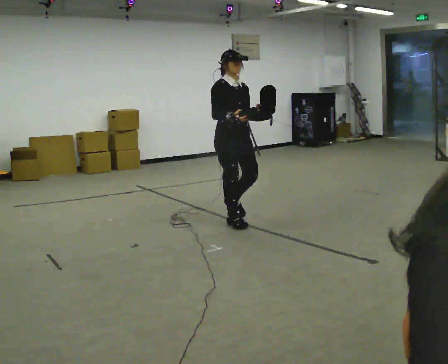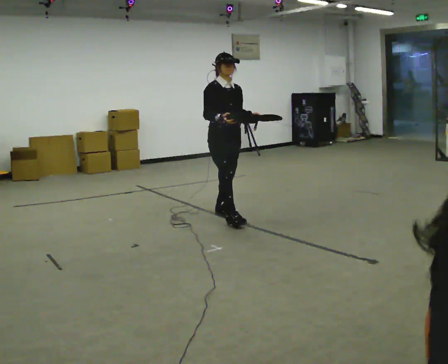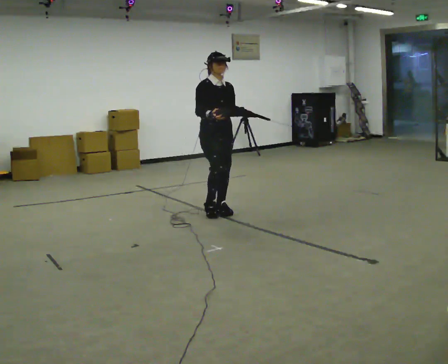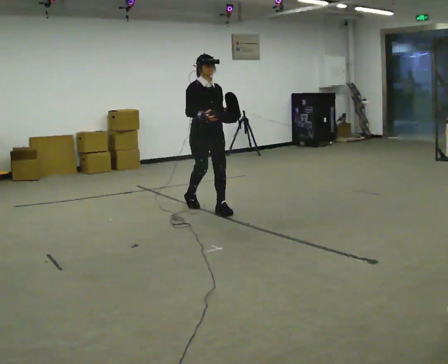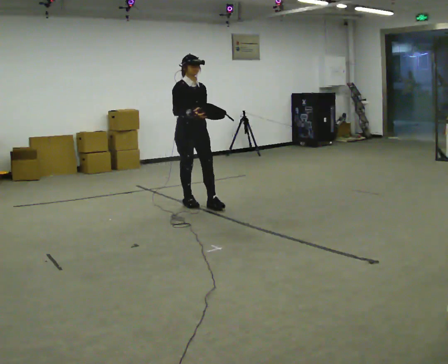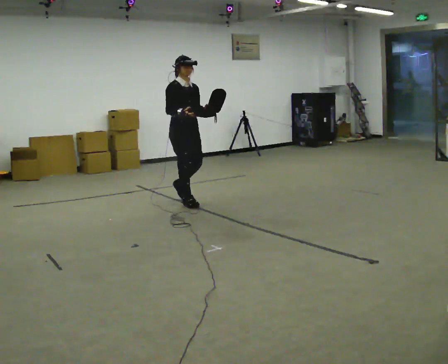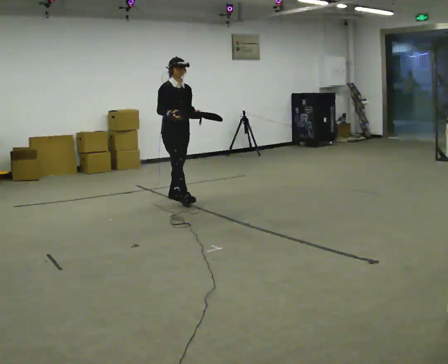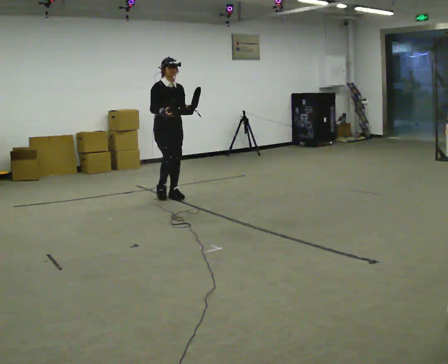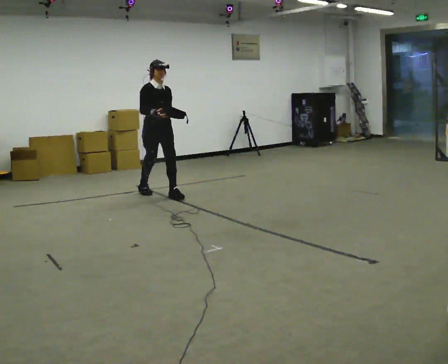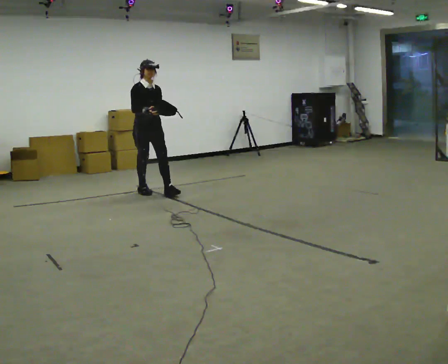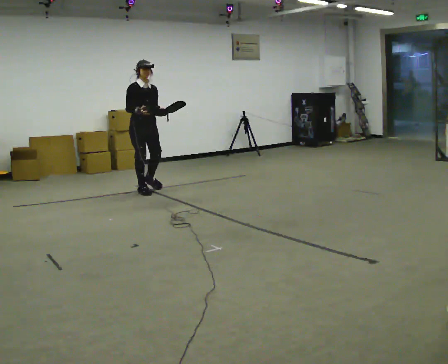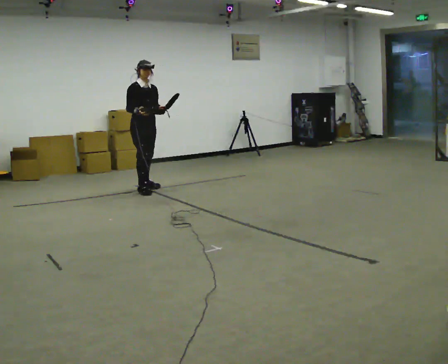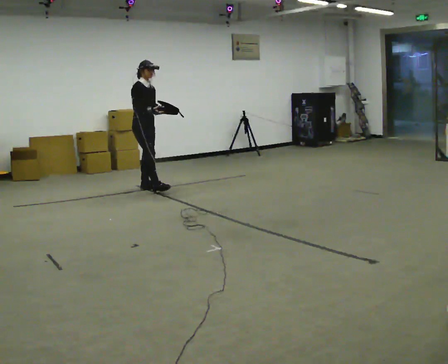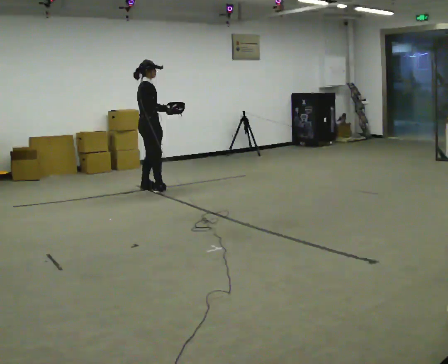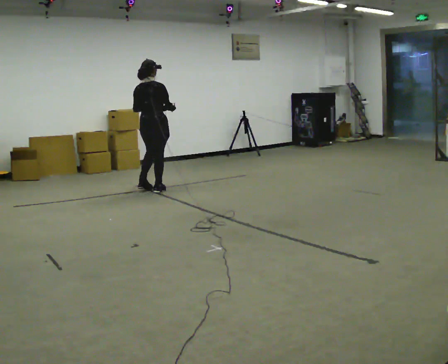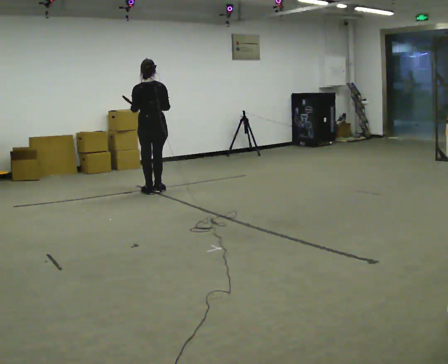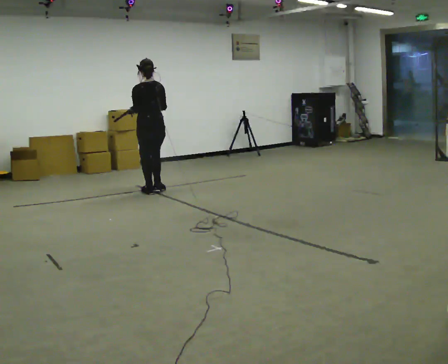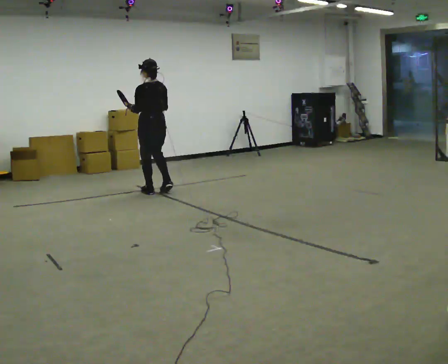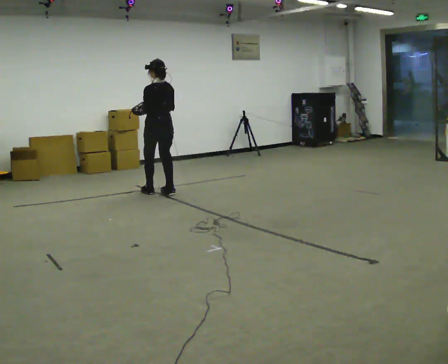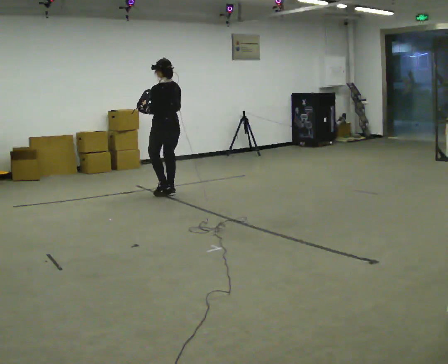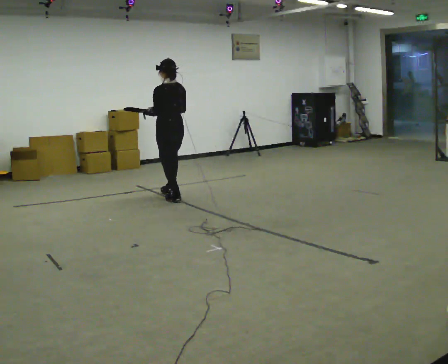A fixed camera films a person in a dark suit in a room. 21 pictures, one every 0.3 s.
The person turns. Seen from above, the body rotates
counterclockwise.
The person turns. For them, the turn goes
to their left.
0.0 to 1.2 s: In the picture they go away from the camera and to the left, about 1 m in 2 steps, which for them is backward.
1.2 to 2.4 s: In the picture they go away from the camera and to the left, about 0.75 m in 1 step, which for them is backward.
2.4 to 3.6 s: The person turns about 30 degrees to their left, counterclockwise seen from above, so the part of the body nearest the lens slides to the right. In the picture they go away from the camera and to the left, about 0.5 m in 2 steps, which for them is backward.
3.6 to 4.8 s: The part of the body nearest the lens slides to the right as the person turns to their left by about 150 degrees. In the picture they go toward the camera, about 0.25 m in 1 step.
4.8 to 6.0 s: In the picture they go toward the camera and to the right, about 0.25 m in 2 steps, which for them is backward.
The film runs backward here.
